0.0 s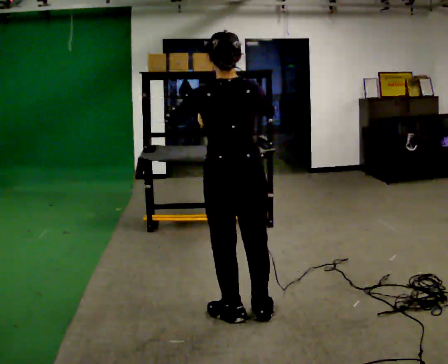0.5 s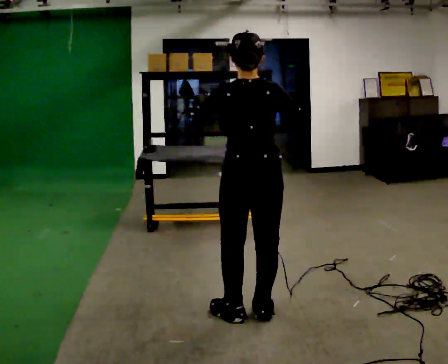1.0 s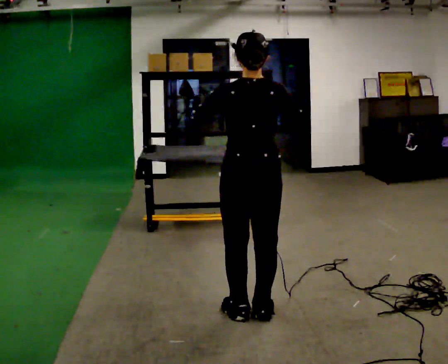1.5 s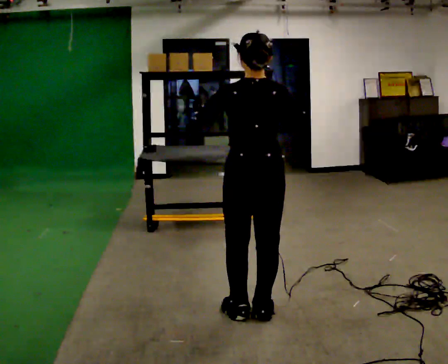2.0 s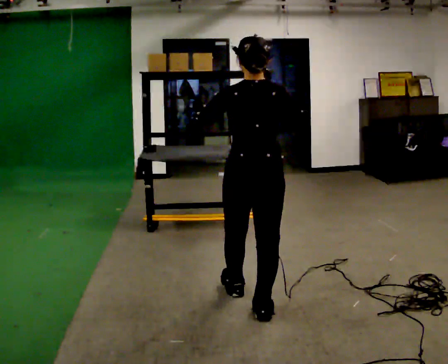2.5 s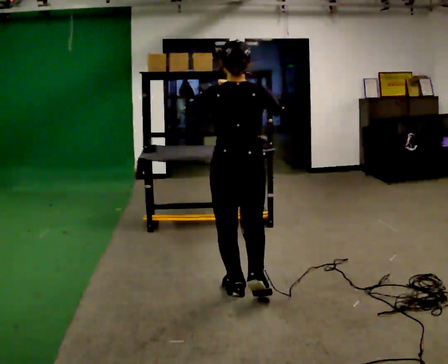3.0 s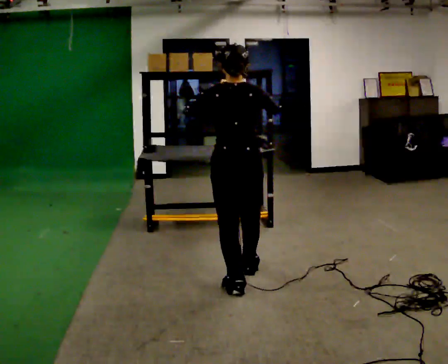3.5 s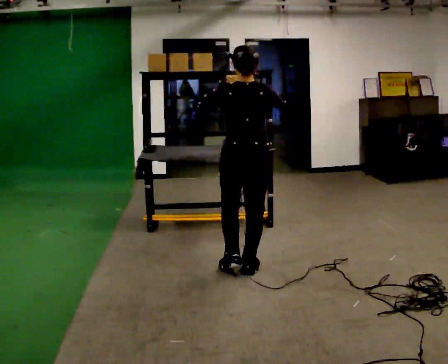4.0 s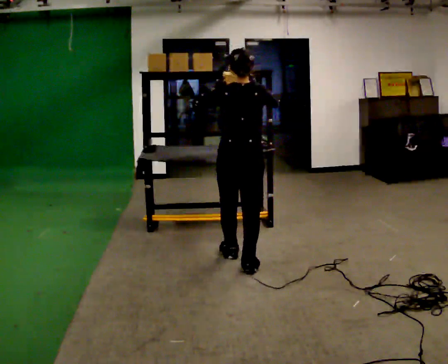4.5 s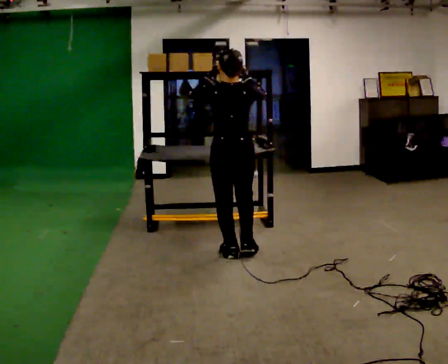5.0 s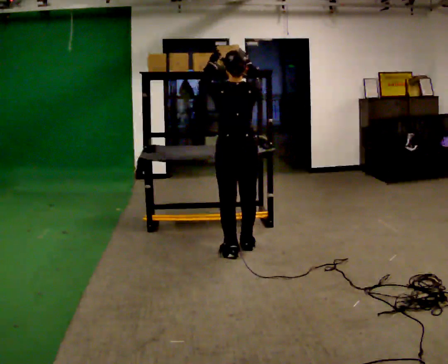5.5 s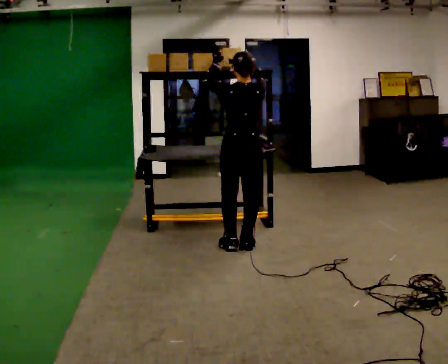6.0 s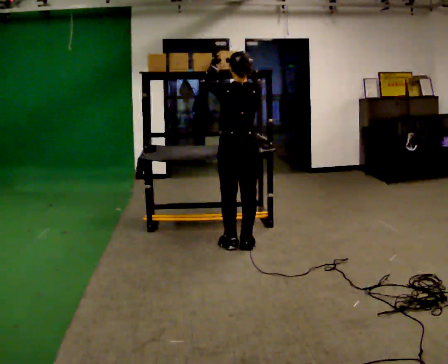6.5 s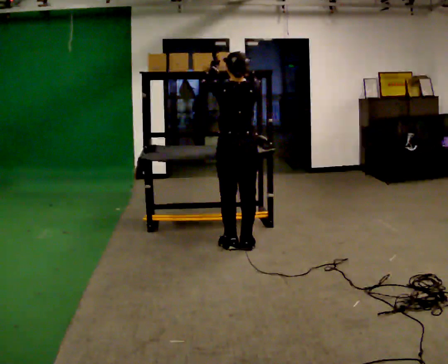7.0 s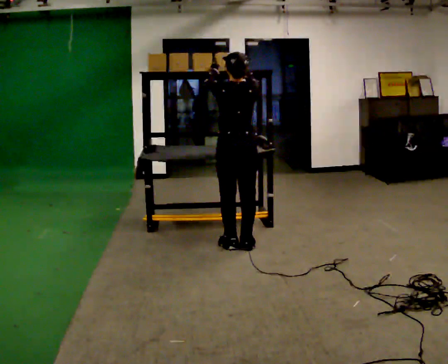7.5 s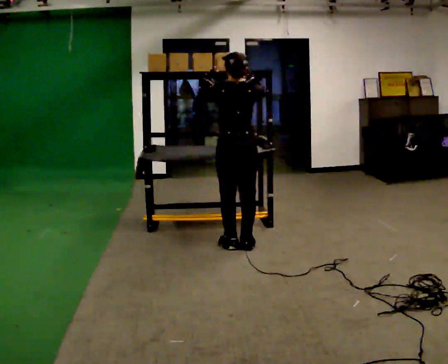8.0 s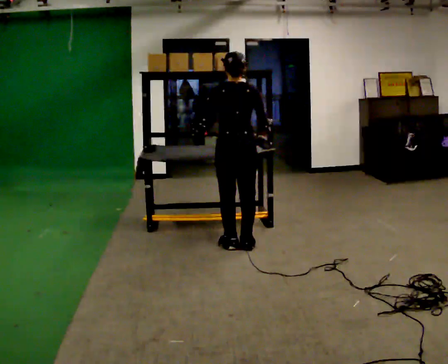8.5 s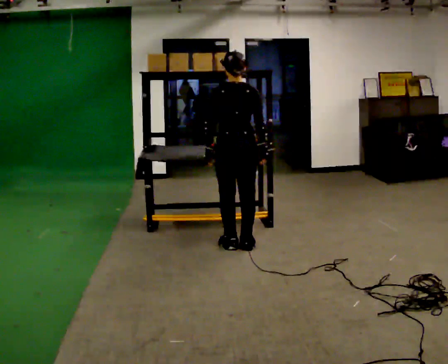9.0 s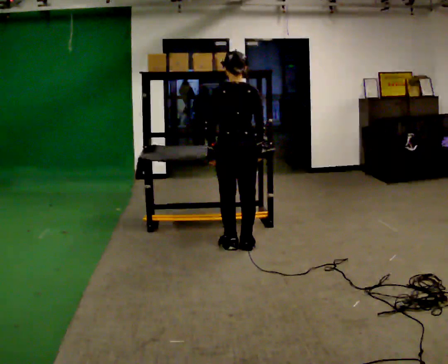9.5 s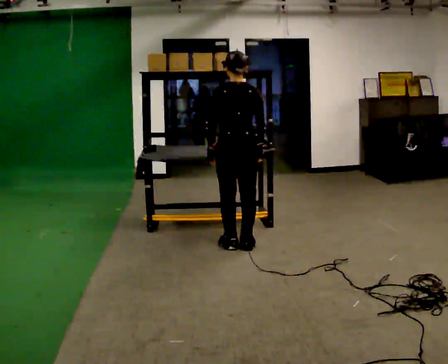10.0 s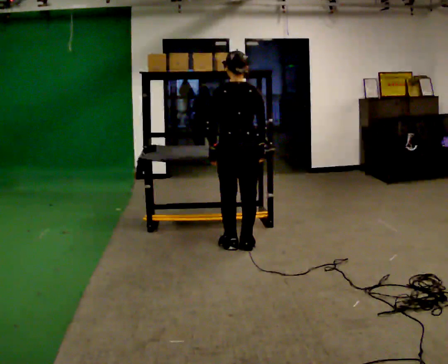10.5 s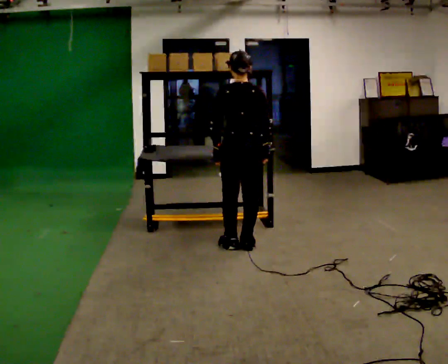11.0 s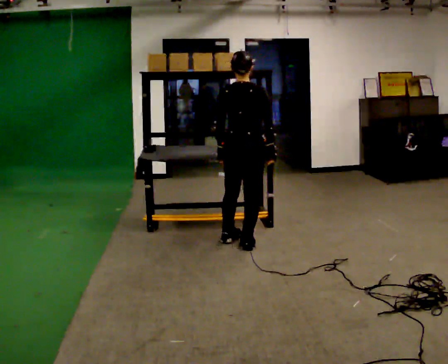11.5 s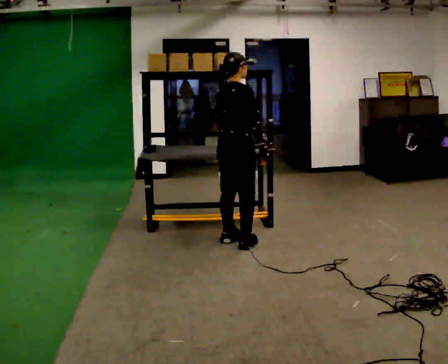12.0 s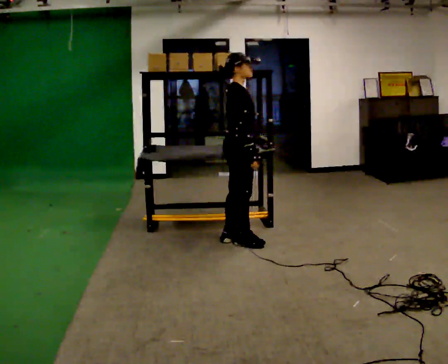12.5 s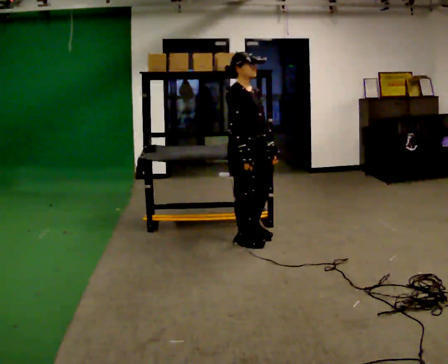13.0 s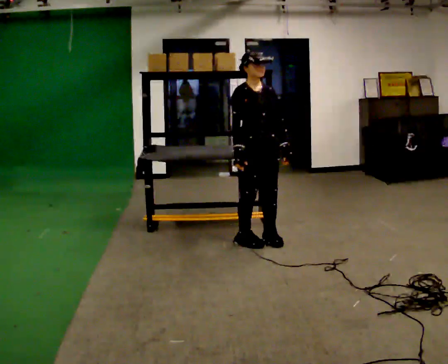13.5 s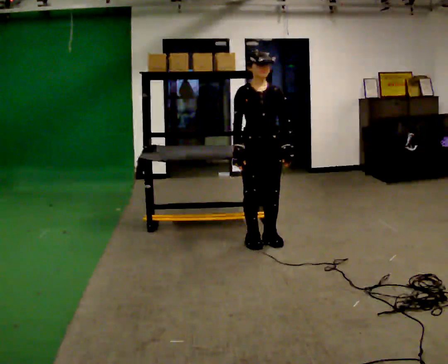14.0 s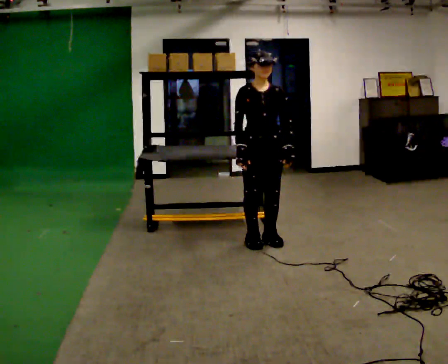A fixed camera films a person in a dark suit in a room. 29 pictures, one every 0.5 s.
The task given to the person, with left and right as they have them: Pick an object up off the floor, carry it across the room, and place it on the highest shelf you can comfortably reach. Keep going until the operator says stop; one object at a time, and do not rush between trips.
0.0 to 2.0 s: The person moves a little, or ends about where they began.
2.0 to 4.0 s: In the picture they go away from the camera, about 1 m in 2 steps, which for them is forward.
4.0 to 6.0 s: In the picture they go away from the camera, about 0.5 m in 2 steps, which for them is forward.
6.0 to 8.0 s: In the picture their right hand goes downward.
8.0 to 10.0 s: The person moves a little, or ends about where they began.
10.0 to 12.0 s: The person turns about 105 degrees to their right, clockwise seen from above, so the part of the body nearest the lens slides to the left.
12.0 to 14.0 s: The person turns about 75 degrees to their right, clockwise seen from above, so the part of the body nearest the lens slides to the left. In the picture they go to the right, about 0.25 m in 1 step.
The film runs forward here.
